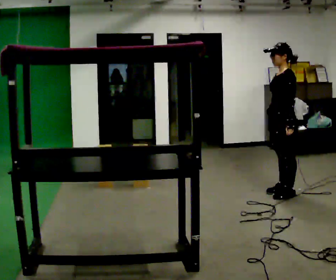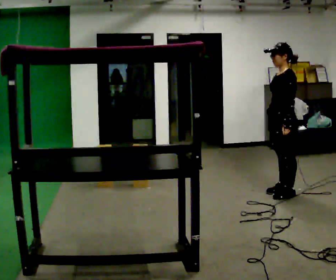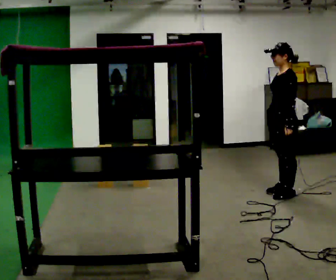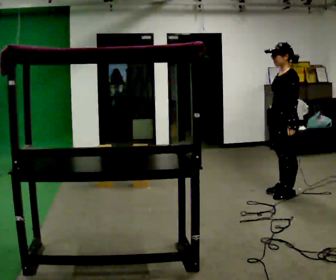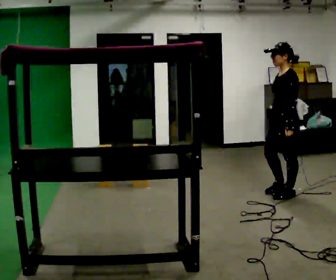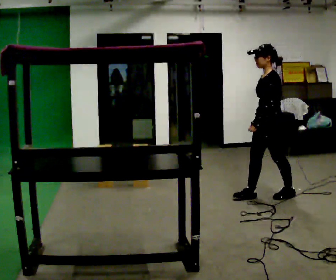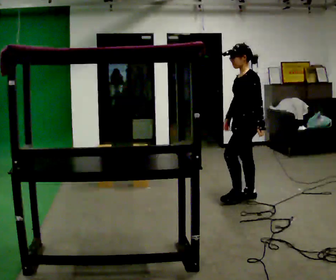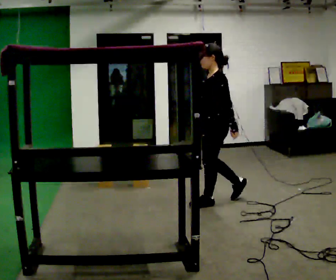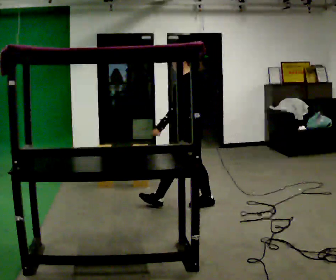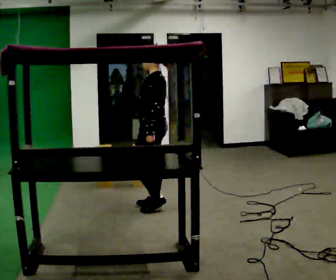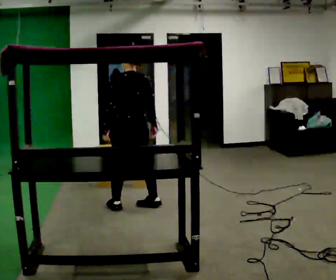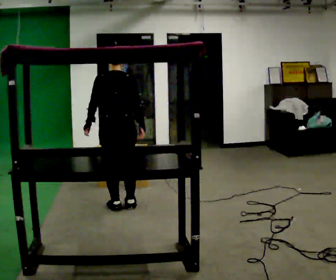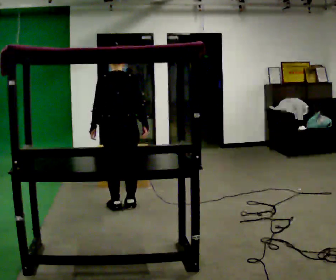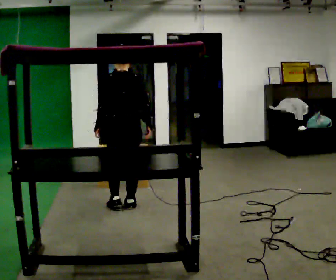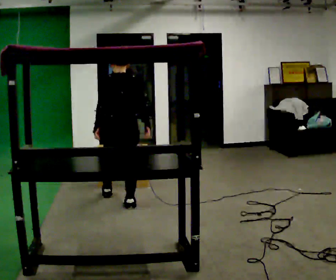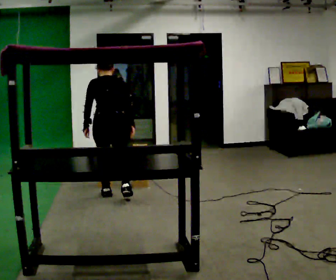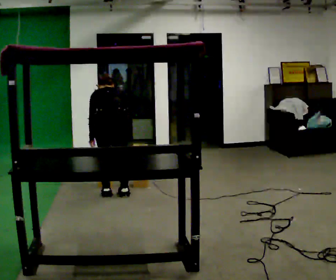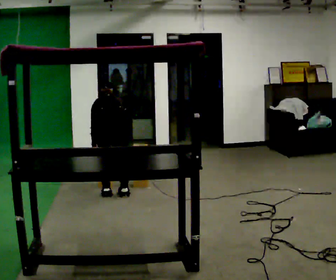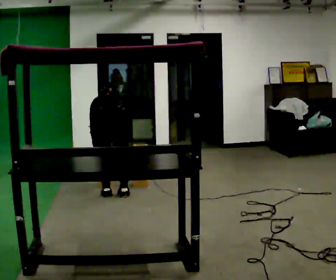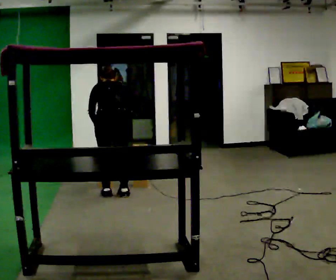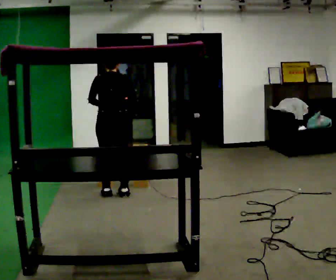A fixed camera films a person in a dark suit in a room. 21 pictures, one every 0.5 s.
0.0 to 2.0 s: The person moves a little, or ends about where they began.
2.0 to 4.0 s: In the picture they go to the left, about 1 m in 2 steps, which for them is forward.
4.0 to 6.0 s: The person turns about 90 degrees to their right, clockwise seen from above, so the part of the body nearest the lens slides to the left. In the picture they go to the left, about 0.75 m in 3 steps.
6.0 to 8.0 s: In the picture they go away from the camera, about 0.25 m in 2 steps, which for them is forward. The upper body goes downward. The upper body tips away from the camera, its near side rolling upward, as they bend forward.
8.0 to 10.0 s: In the picture their left hand goes upward.
The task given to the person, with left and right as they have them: Carry the object across the room and place it on the shelf just at the top of your comfortable reach. Keep going until the operator says stop; one object at a time, and do not rush between trips.
The film runs forward here.
